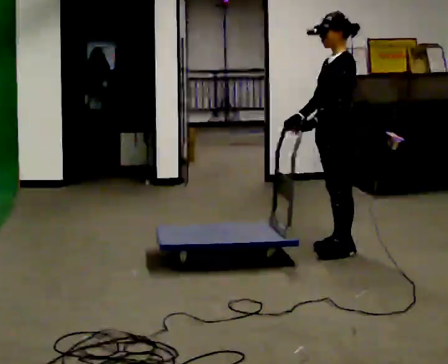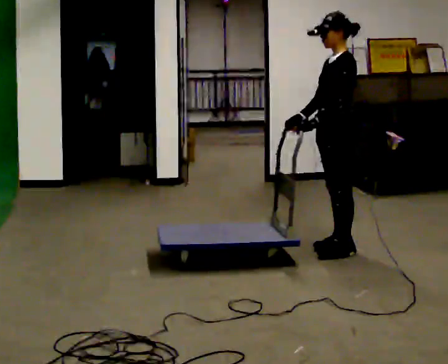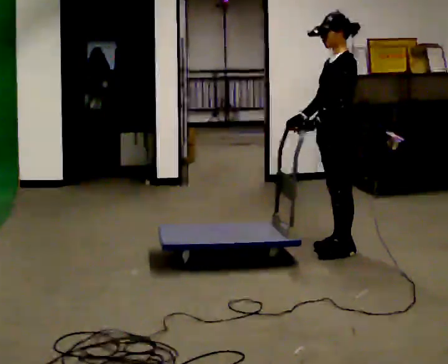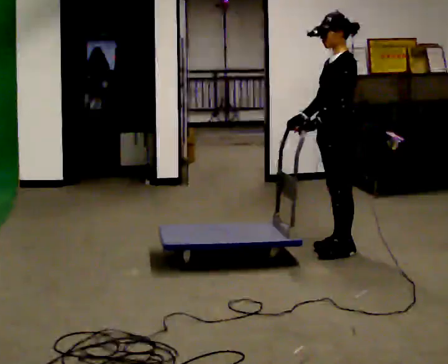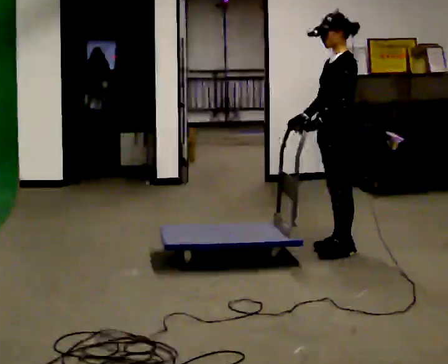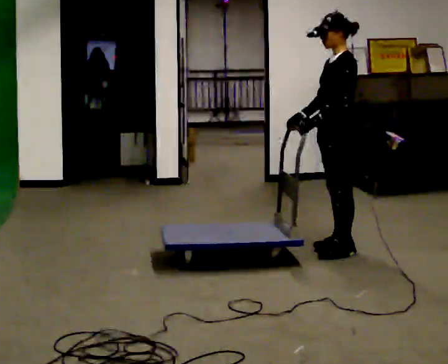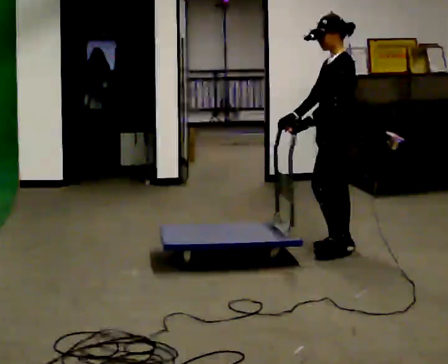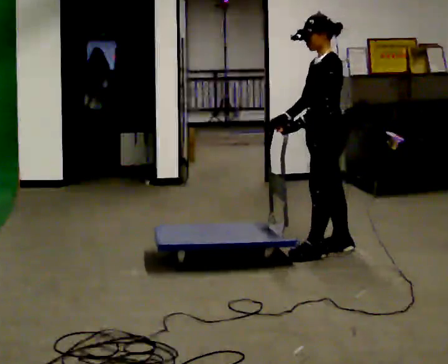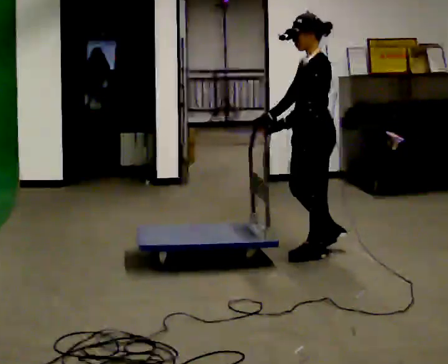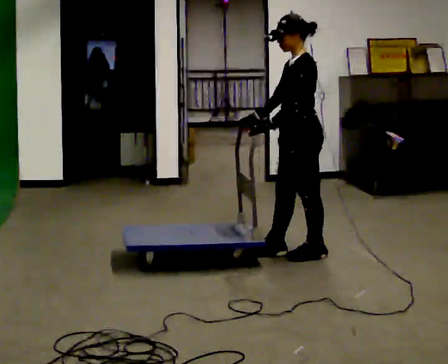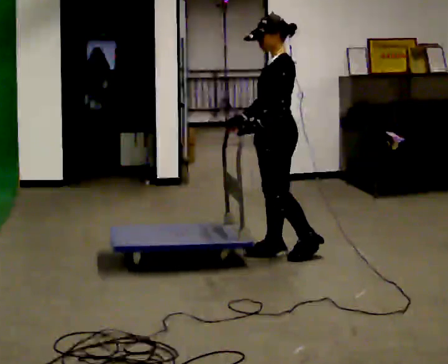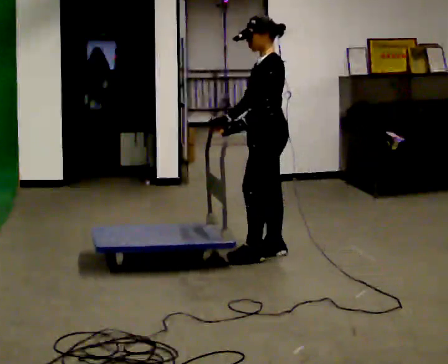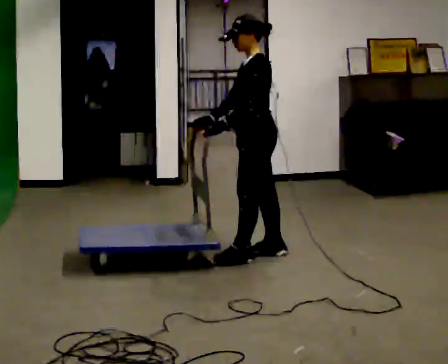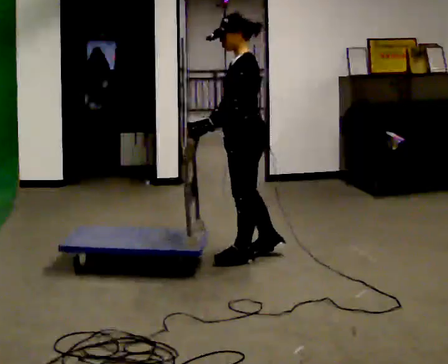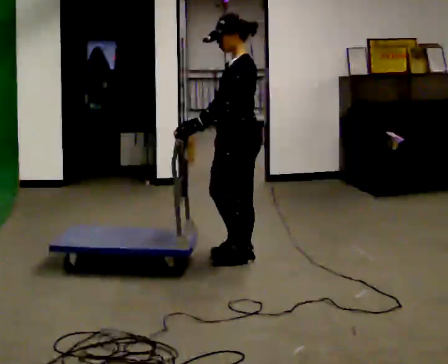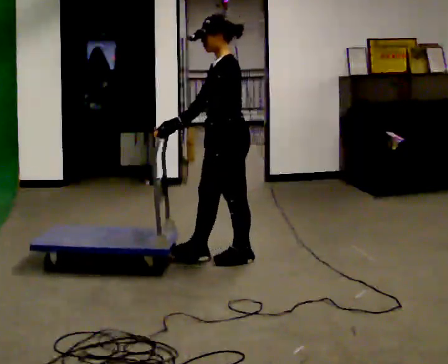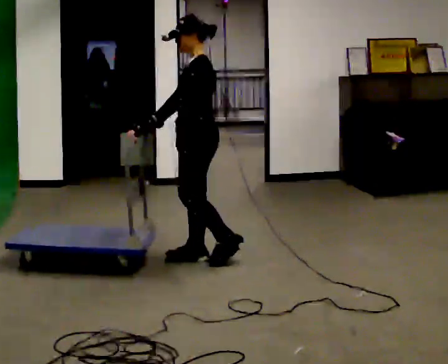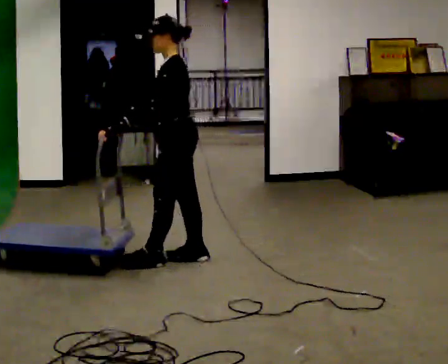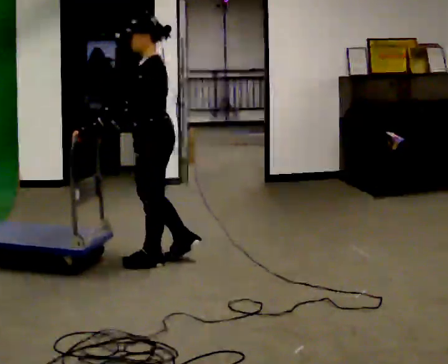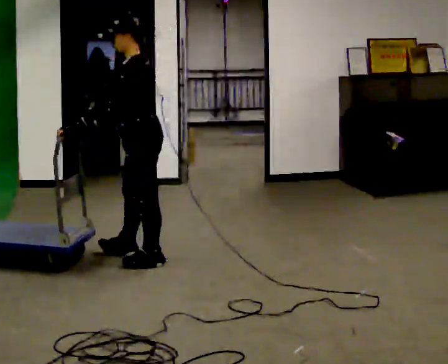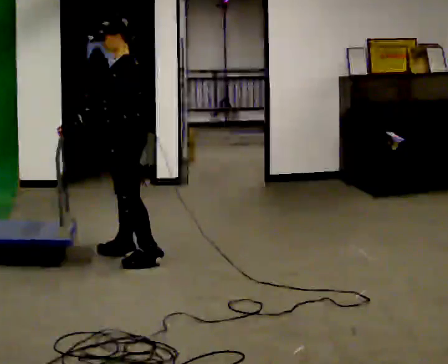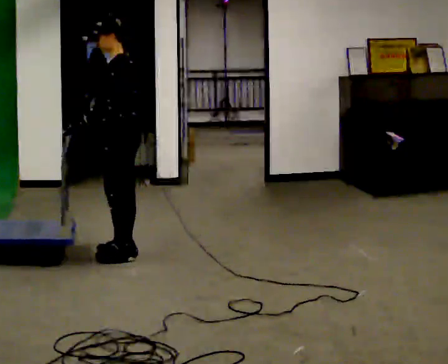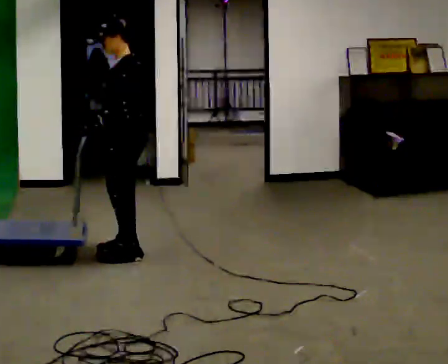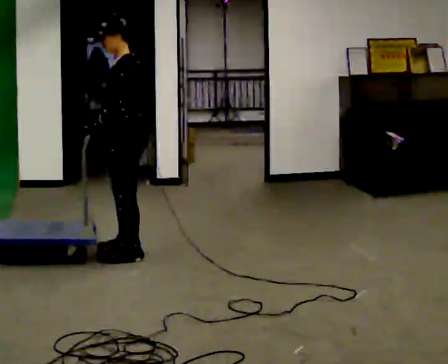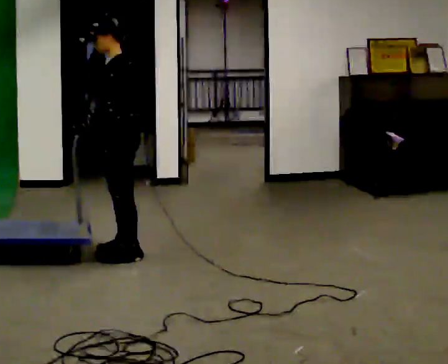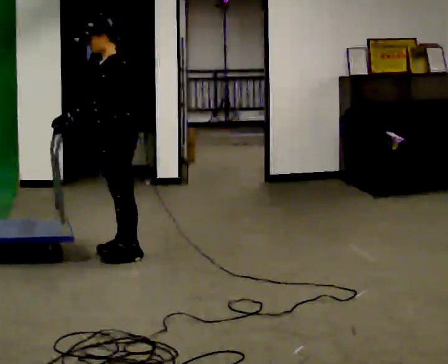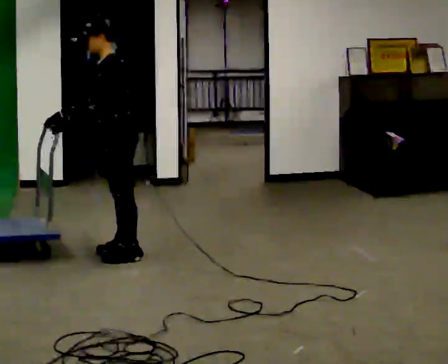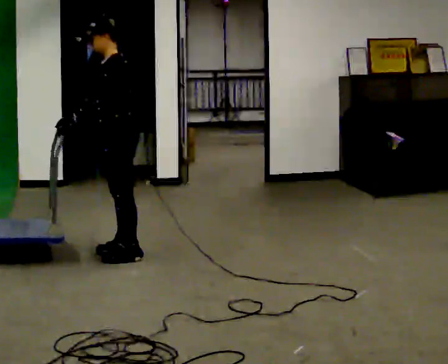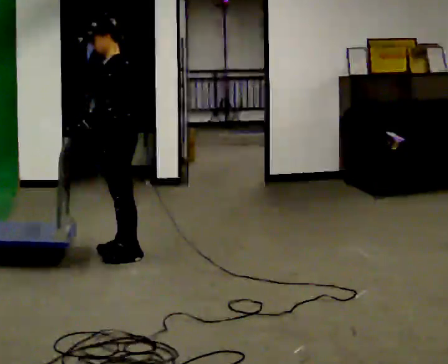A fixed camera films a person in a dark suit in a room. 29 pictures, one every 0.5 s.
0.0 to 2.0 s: The person keeps their place and pose.
2.0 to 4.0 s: In the picture they go to the left, about 0.25 m in 1 step, which for them is forward.
4.0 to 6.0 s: In the picture they go to the left, about 0.5 m in 2 steps, which for them is forward.
6.0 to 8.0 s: In the picture they go to the left, about 0.5 m in 1 step, which for them is forward.
8.0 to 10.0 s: In the picture they go to the left, about 0.5 m in 2 steps, which for them is forward.
10.0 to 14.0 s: The person moves a little, or ends about where they began.
The film runs forward here.
